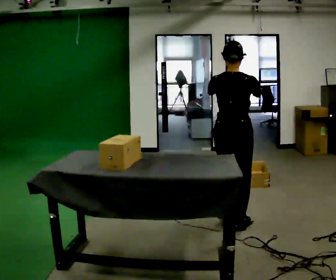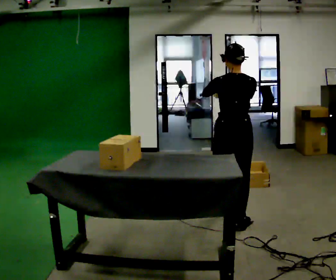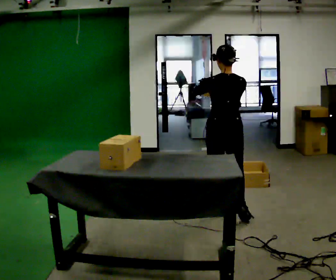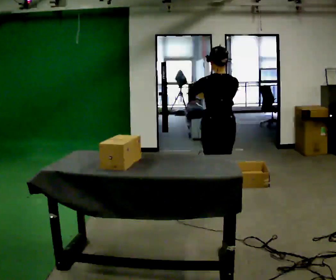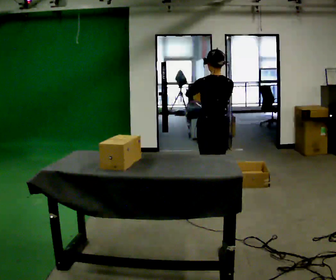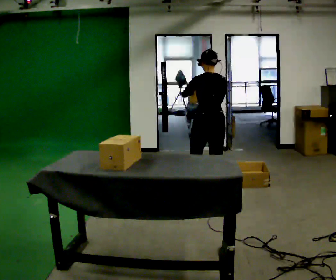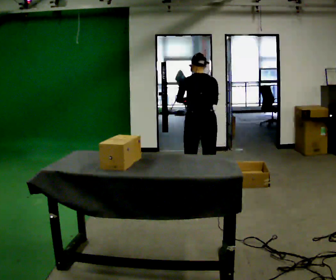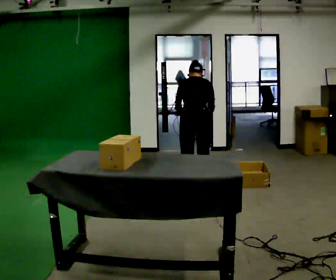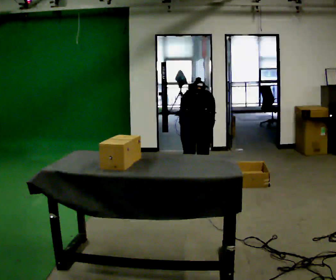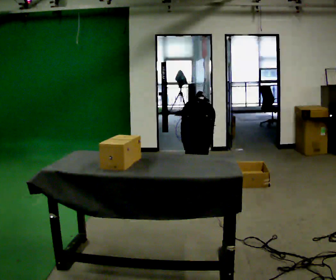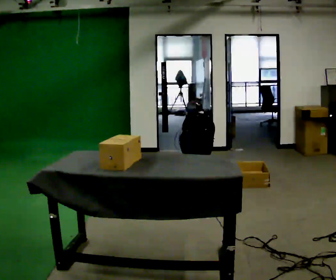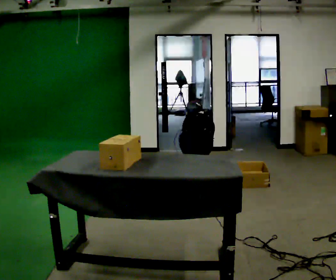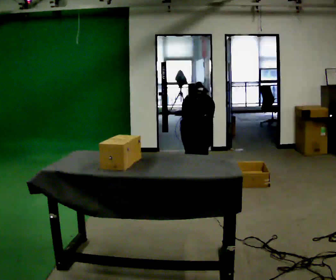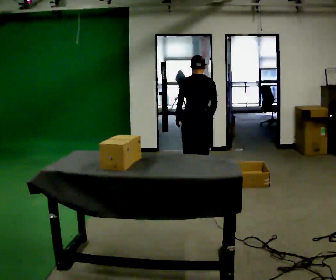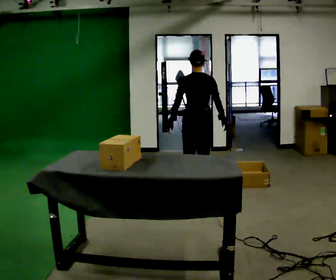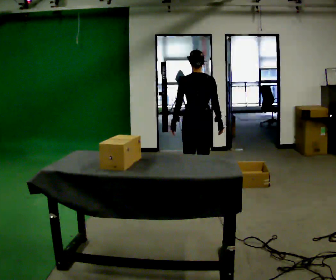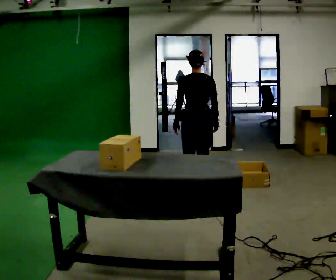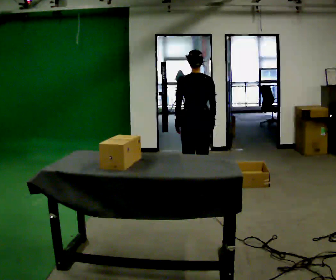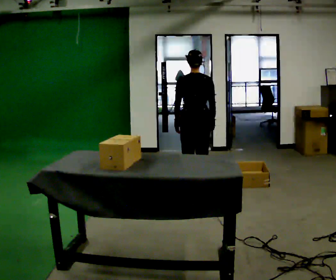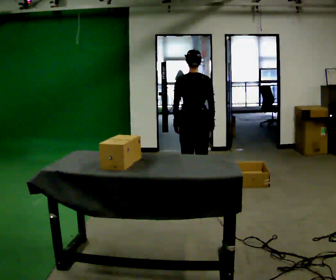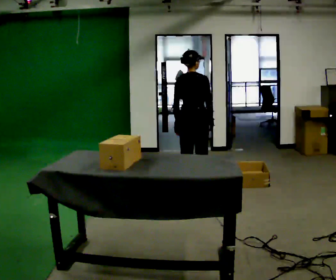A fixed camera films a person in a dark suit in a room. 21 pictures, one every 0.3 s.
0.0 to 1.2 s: The part of the body nearest the lens slides to the right as the person turns to their left by about 30 degrees. In the picture they go away from the camera, about 0.75 m in 2 steps, which for them is forward.
1.2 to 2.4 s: In the picture they go away from the camera and to the left, about 0.25 m in 2 steps, which for them is forward and to their left. The shoulders move downward. The upper body tips away from the camera, its near side rolling upward, as they bend forward. In the picture their right hand goes downward.
2.4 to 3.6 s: The person moves a little, or ends about where they began.
3.6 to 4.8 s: In the picture they go away from the camera, about 0.25 m, which for them is forward. The upper body goes upward. The upper body tips toward the camera, its near side rolling downward, as they lean back or straighten.
4.8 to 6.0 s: The person moves a little, or ends about where they began.
The film runs forward here.
